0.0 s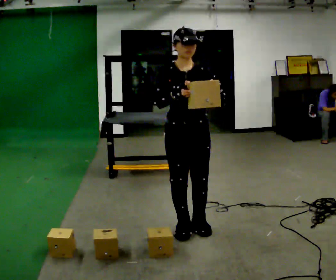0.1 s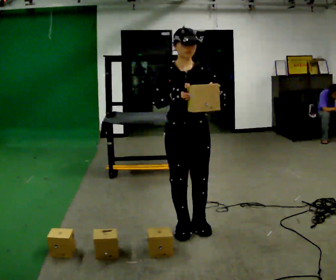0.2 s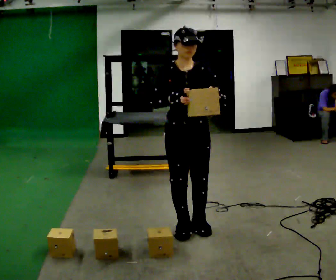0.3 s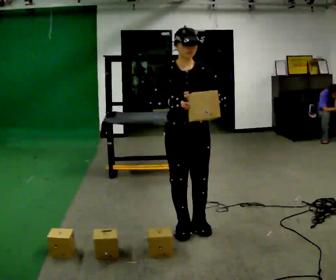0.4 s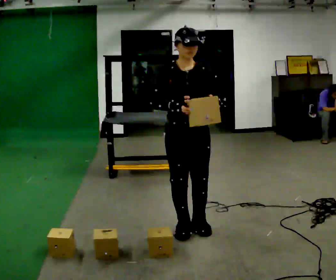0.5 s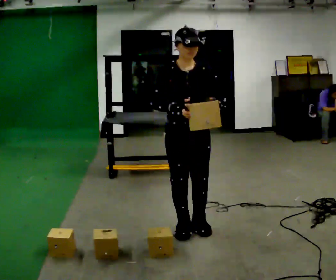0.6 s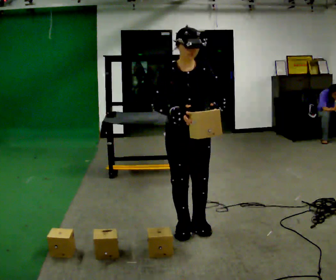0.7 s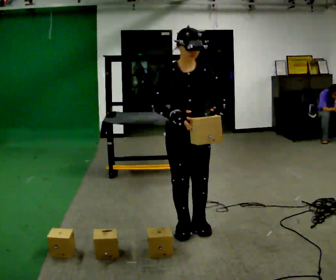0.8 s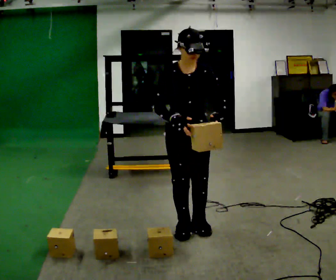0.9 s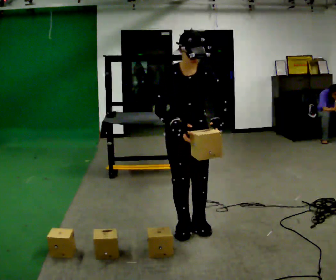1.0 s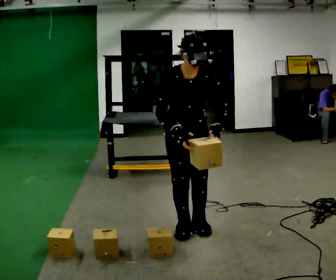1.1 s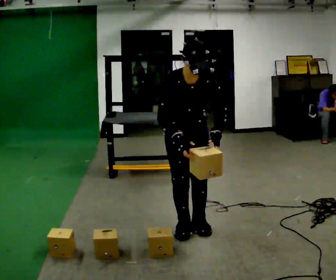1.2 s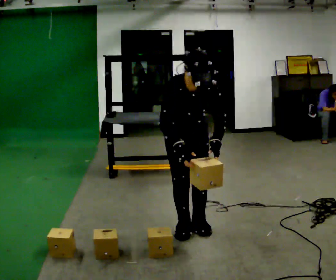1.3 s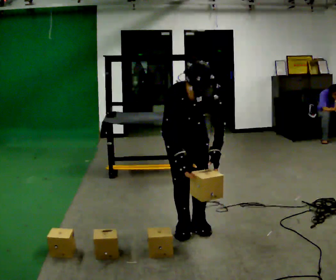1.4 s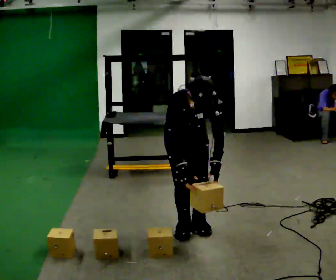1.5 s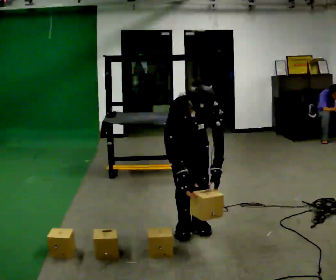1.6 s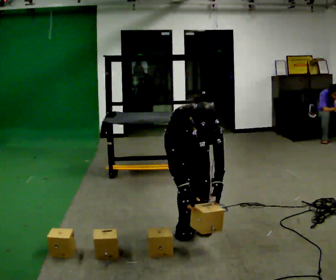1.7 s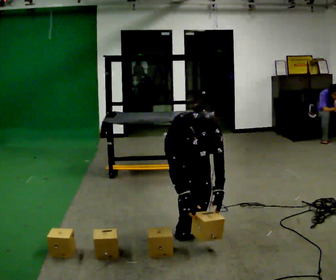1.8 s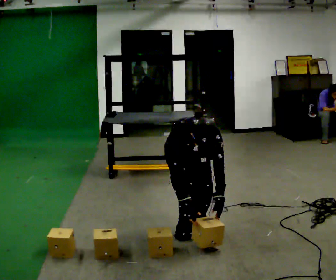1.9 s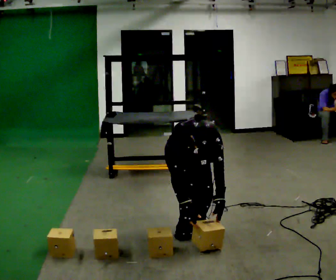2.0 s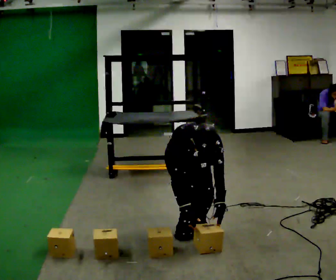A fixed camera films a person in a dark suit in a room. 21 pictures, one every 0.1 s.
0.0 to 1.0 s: The upper body tips toward the camera, its near side rolling downward, as they bend forward.
1.0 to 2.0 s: The upper body goes downward. The upper body tips toward the camera, its near side rolling downward, as they bend forward. In the picture their left hand goes downward.
The film runs backward here.
